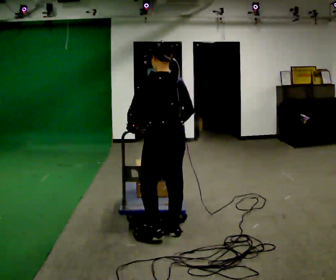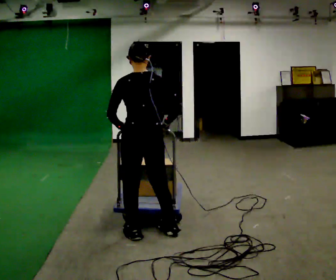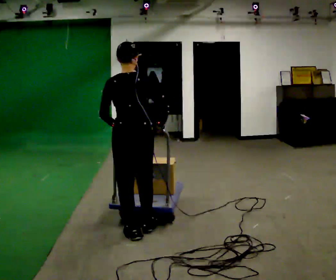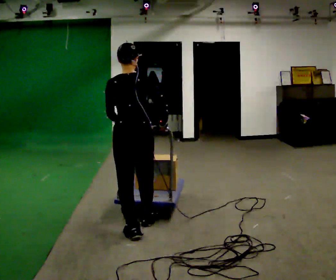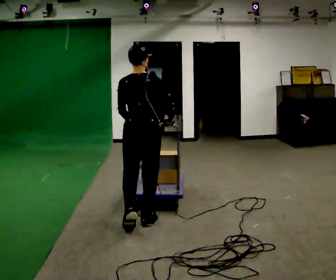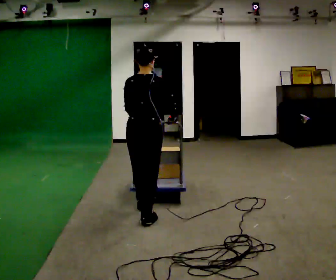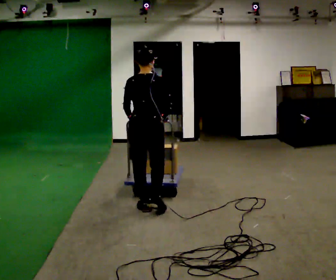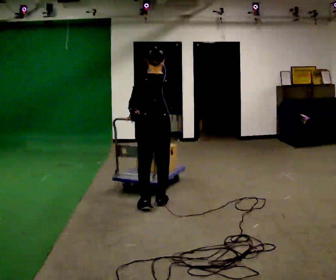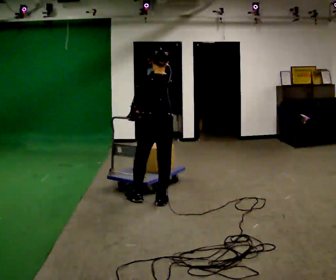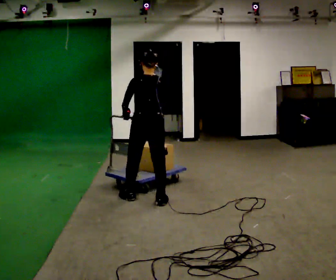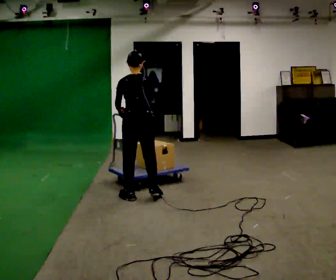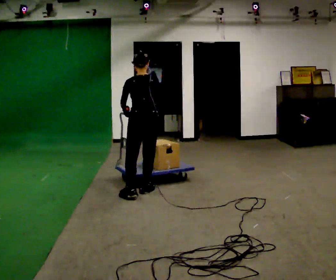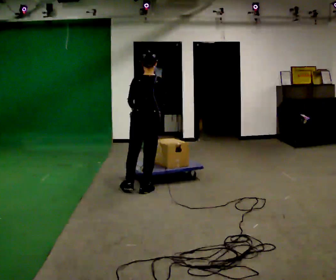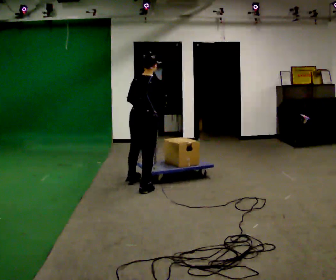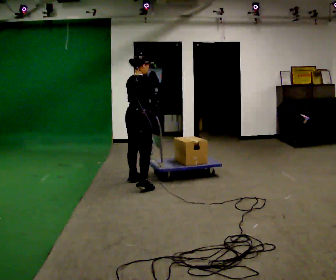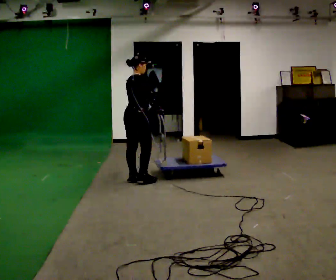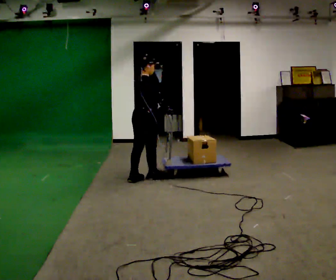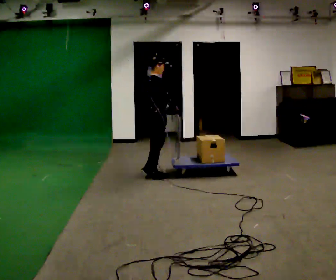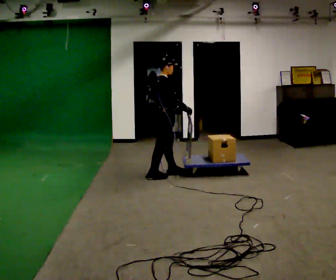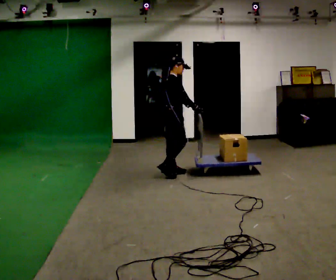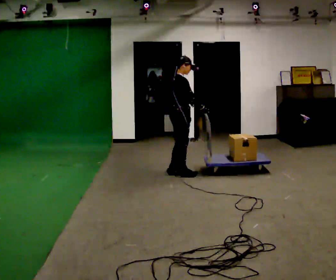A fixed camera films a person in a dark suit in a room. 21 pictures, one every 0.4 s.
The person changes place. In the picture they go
away from the camera.
0.0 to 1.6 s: The part of the body nearest the lens slides to the left as the person turns to their right by about 45 degrees. In the picture they go away from the camera and to the left, about 0.25 m in 2 steps, which for them is forward and to their left.
1.6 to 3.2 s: In the picture they go away from the camera, about 0.5 m in 2 steps, which for them is forward.
3.2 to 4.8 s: In the picture they go away from the camera, about 0.5 m in 2 steps, which for them is forward.
4.8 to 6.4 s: The part of the body nearest the lens slides to the left as the person turns to their right by about 45 degrees. In the picture they go away from the camera, about 0.5 m in 2 steps, which for them is to their left and forward.
6.4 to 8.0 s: The part of the body nearest the lens slides to the left as the person turns to their right by about 30 degrees. In the picture they go to the right and away from the camera, about 0.5 m in 2 steps, which for them is forward.
The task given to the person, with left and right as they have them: Push the cart along the marked route and round the corner to the side the operator calls.
The film runs forward here.
